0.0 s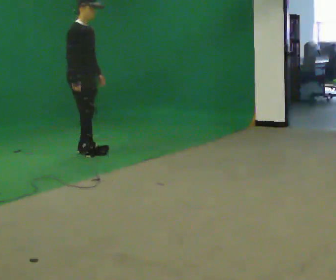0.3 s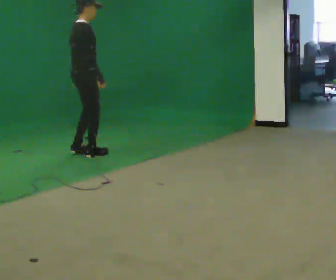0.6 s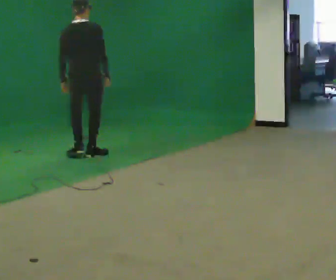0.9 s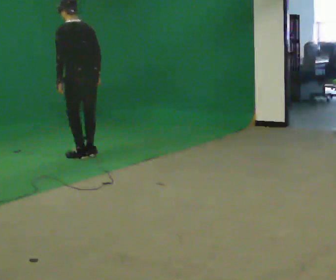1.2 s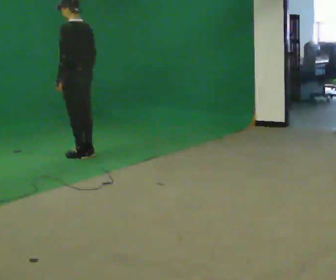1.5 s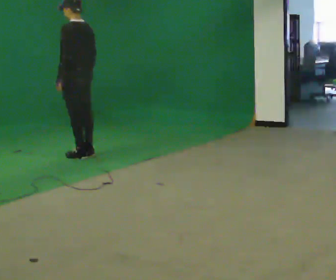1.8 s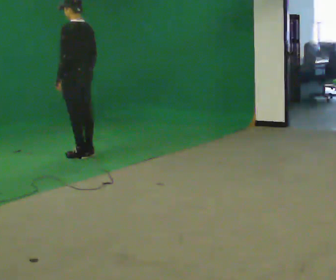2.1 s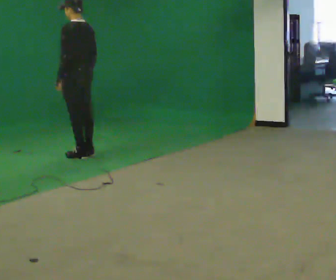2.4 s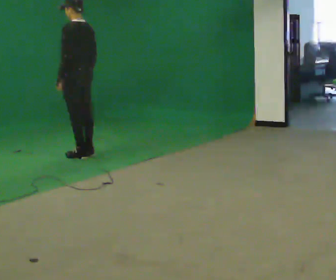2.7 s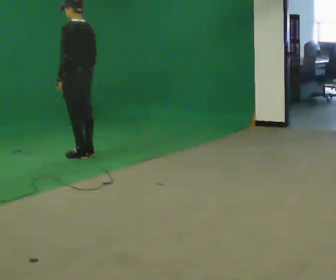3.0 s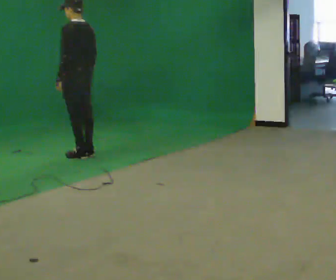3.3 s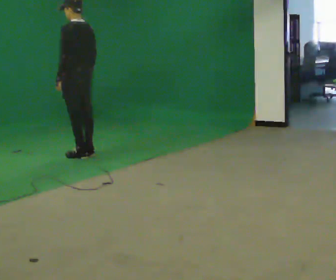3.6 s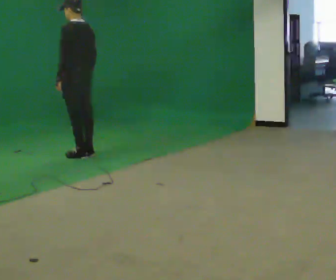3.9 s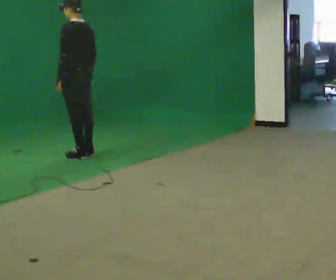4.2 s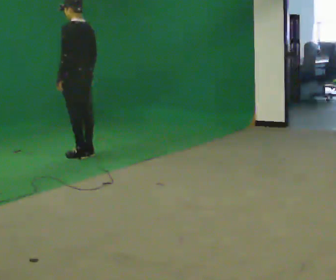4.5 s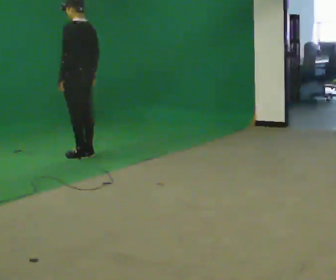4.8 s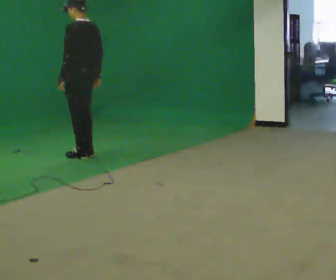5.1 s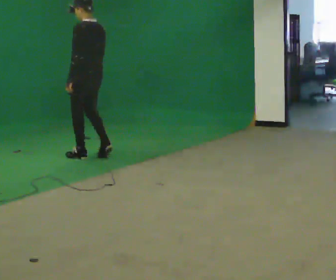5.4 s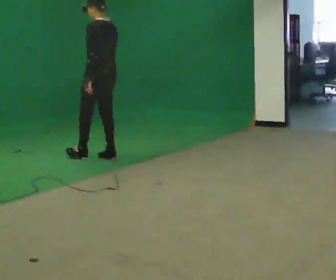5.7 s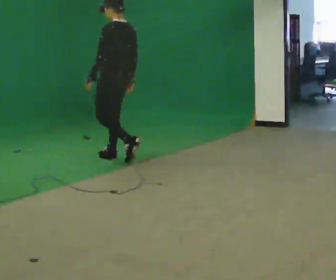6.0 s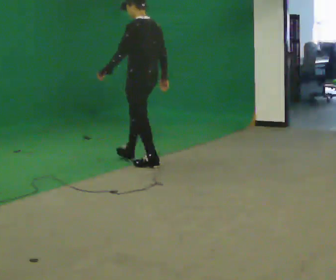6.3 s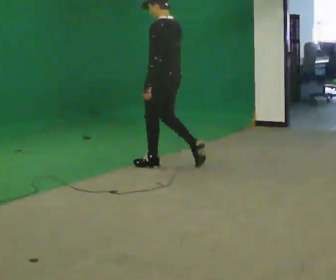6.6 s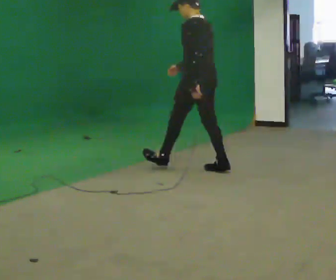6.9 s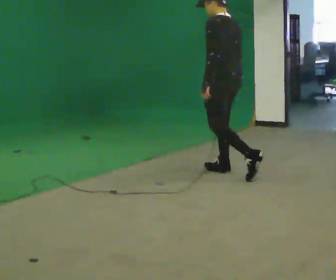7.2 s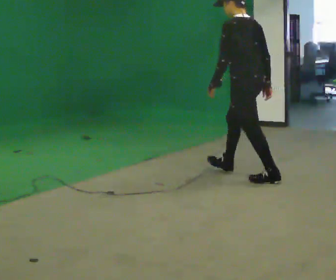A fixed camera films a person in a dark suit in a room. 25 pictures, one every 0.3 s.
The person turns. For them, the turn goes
to their left.
The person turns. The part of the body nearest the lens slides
to the right.
0.0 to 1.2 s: Seen from above the body turns counterclockwise, about 165 degrees: to their left, with its near side sliding to the right.
1.2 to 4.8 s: The person moves a little, or ends about where they began.
4.8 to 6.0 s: In the picture they go to the right and toward the camera, about 1 m in 3 steps, which for them is backward.
6.0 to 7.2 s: In the picture they go toward the camera and to the right, about 1 m in 2 steps, which for them is backward.
The film runs backward here.
